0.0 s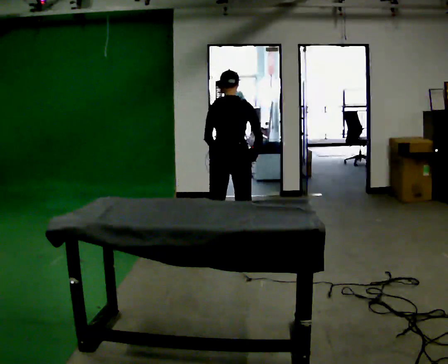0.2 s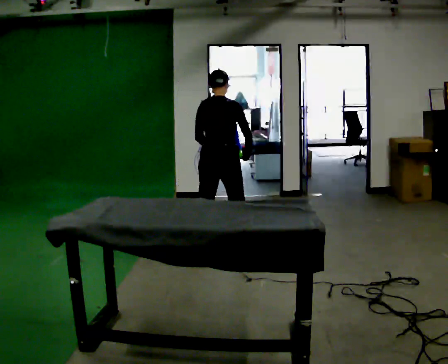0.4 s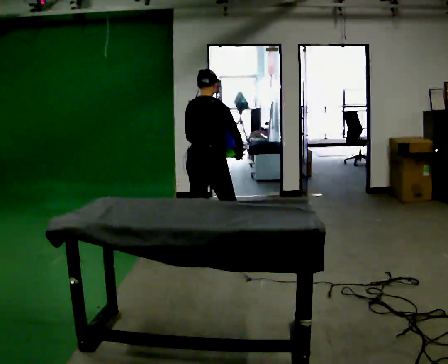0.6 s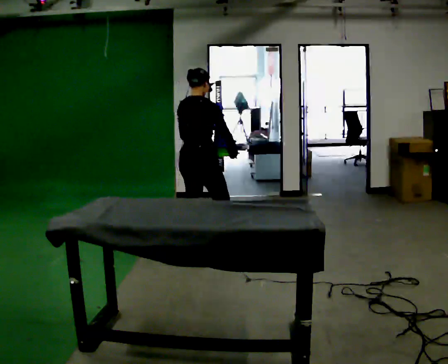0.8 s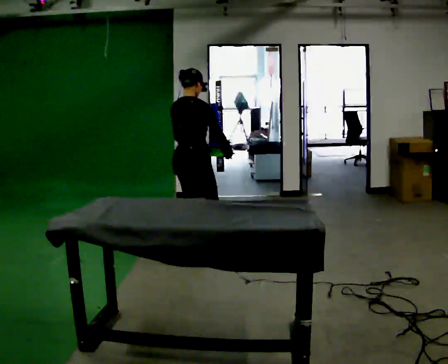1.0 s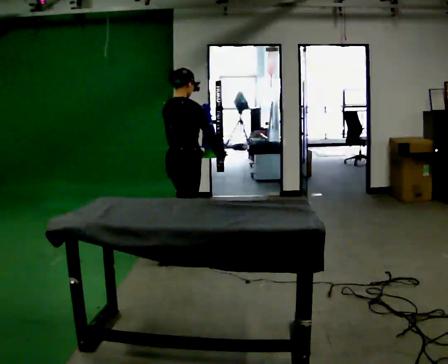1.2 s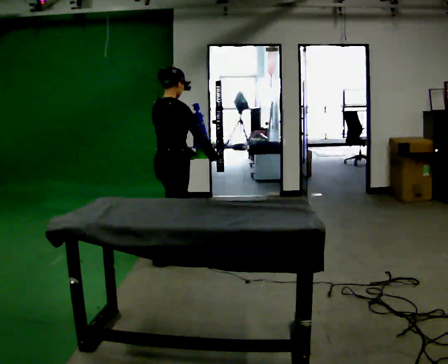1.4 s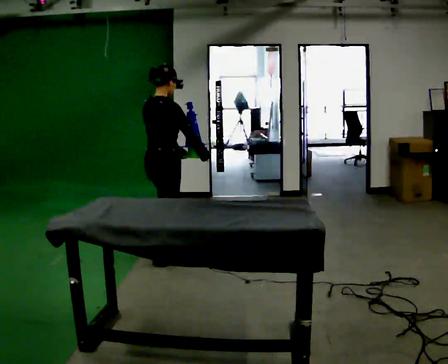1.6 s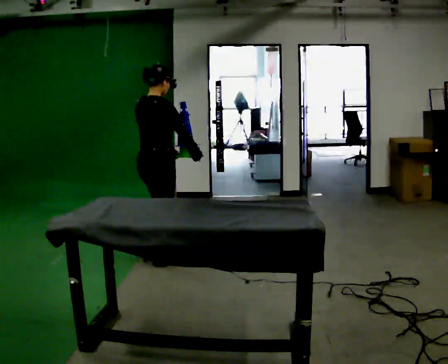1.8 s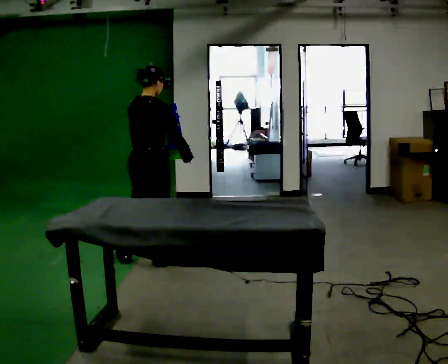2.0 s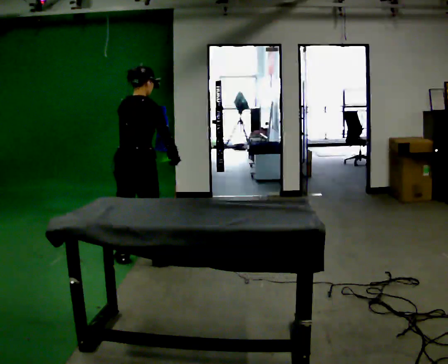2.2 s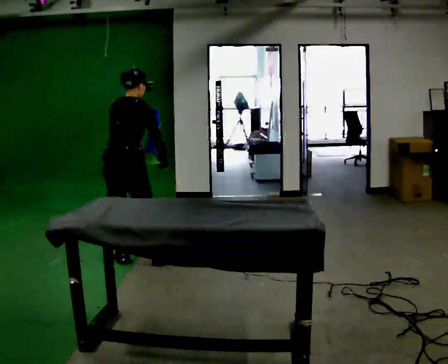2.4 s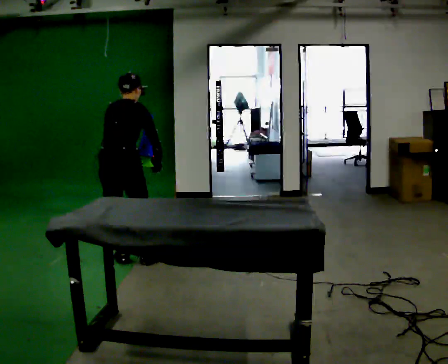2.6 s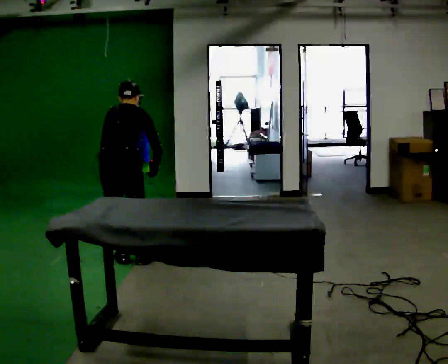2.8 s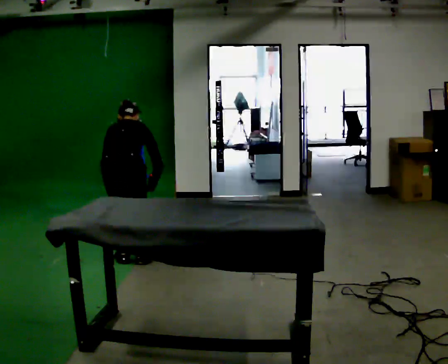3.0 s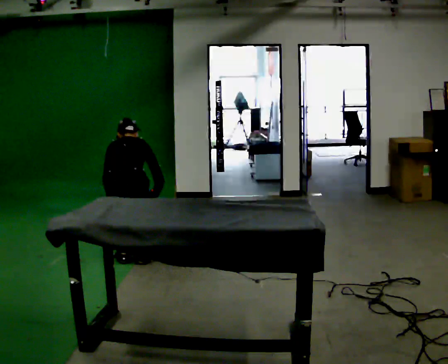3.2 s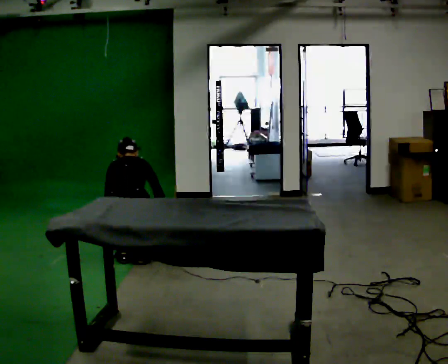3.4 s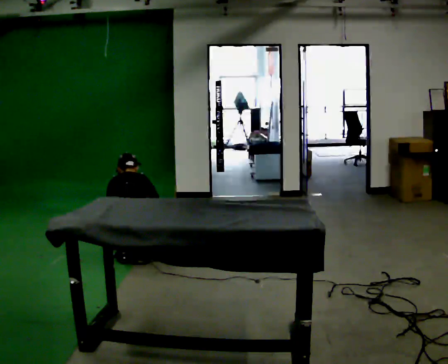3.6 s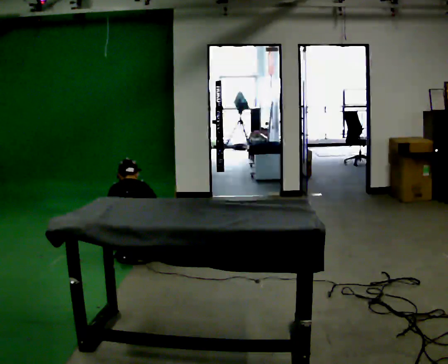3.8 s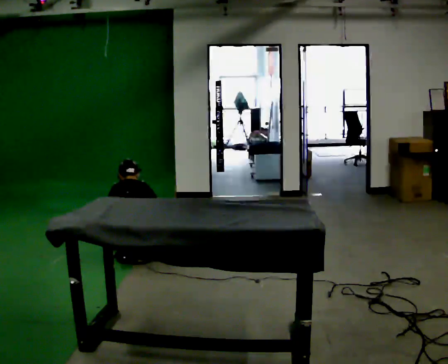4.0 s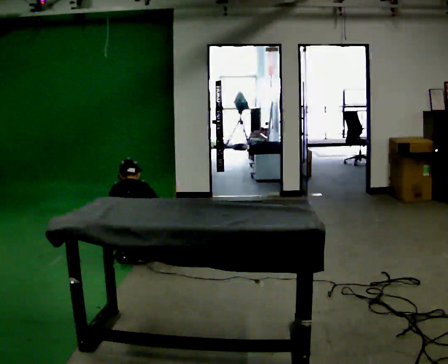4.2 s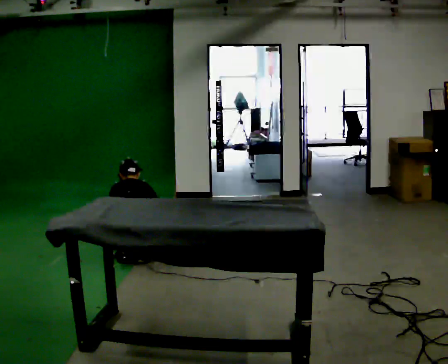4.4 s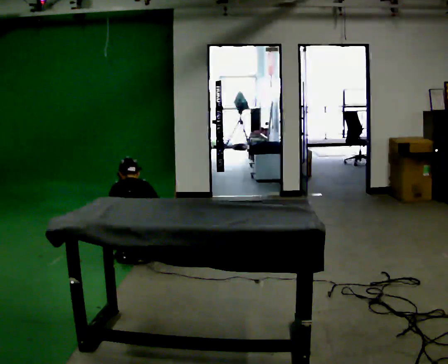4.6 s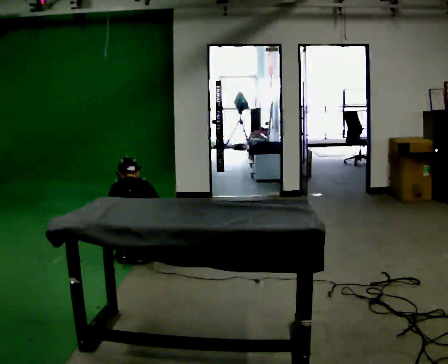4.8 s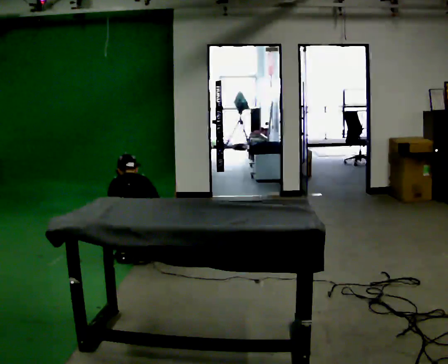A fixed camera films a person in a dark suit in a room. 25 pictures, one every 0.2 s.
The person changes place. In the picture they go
to the left.
The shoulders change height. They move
downward.
0.0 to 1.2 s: Seen from above the body turns clockwise, about 45 degrees: to their right, with its near side sliding to the left. In the picture they go to the left, about 0.5 m in 1 step, which for them is backward and to their left.
1.2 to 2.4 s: The part of the body nearest the lens slides to the right as the person turns to their left by about 30 degrees. In the picture they go to the left, about 0.5 m in 1 step, which for them is backward and to their left. The upper body tips away from the camera, its near side rolling upward, as they bend forward.
2.4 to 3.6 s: Seen from above the body turns counterclockwise, about 30 degrees: to their left, with its near side sliding to the right. The upper body goes downward. The upper body tips away from the camera, its near side rolling upward, as they bend forward. In the picture their right hand goes downward.
3.6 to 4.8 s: The person moves a little, or ends about where they began.
The film runs backward here.
